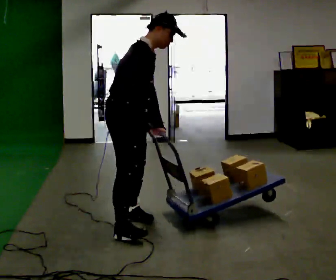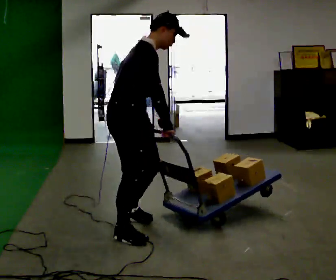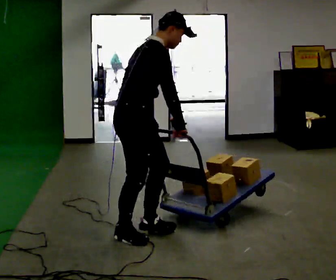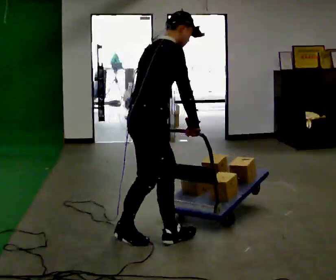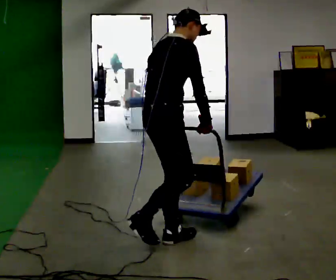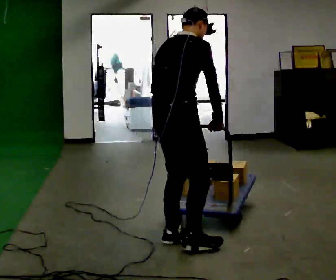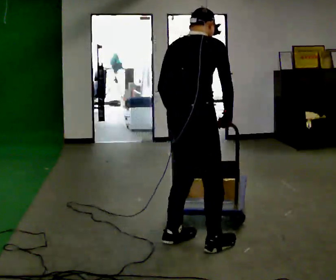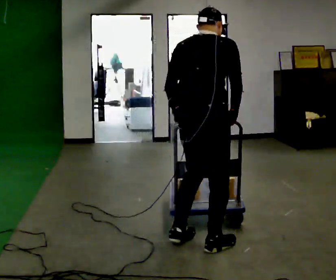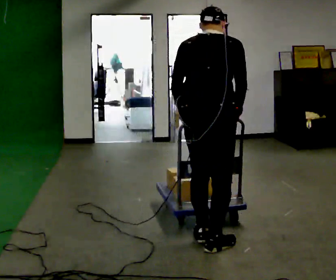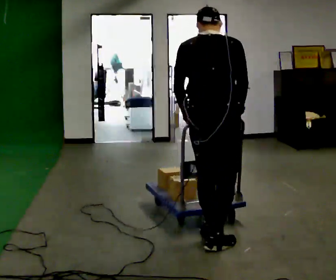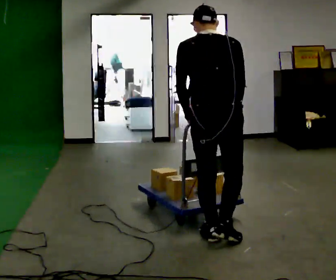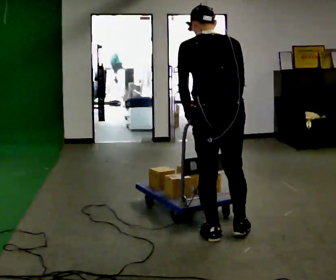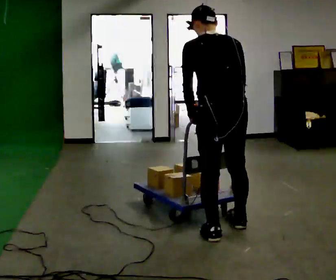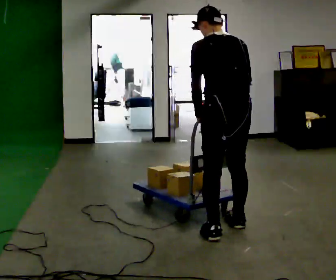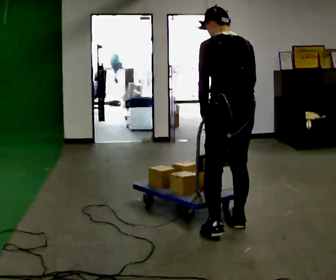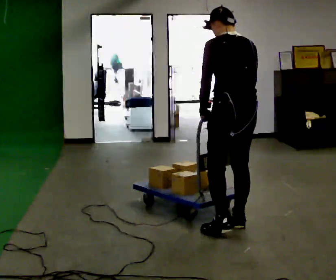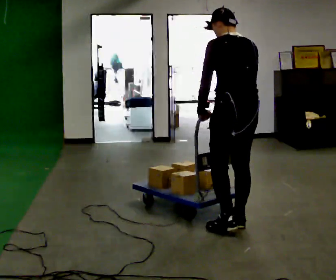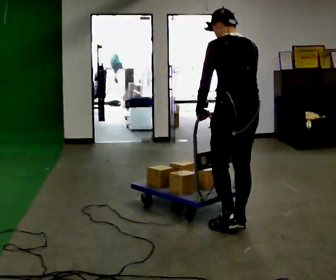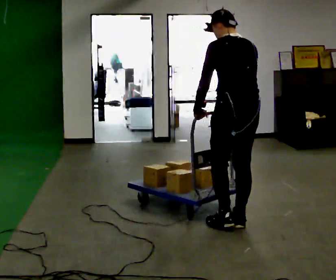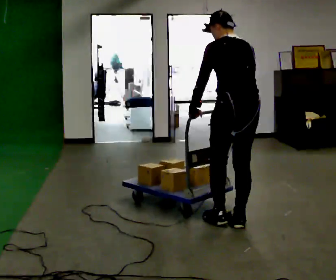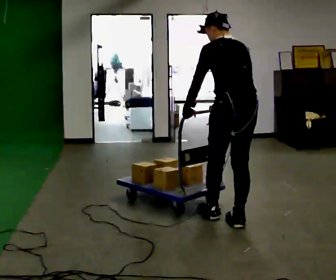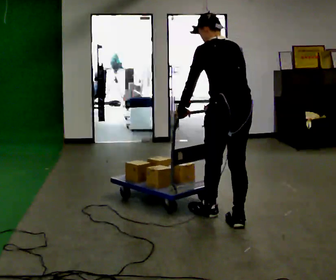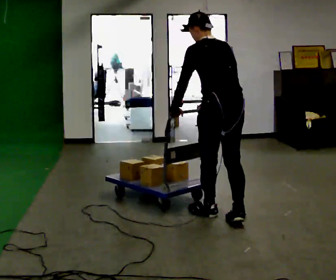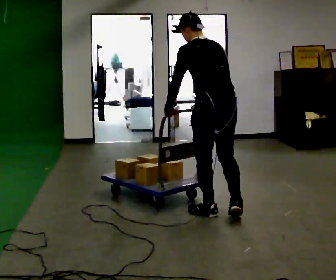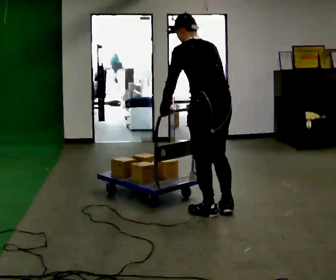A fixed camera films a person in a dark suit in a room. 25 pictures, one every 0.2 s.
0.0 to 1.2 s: The person turns about 60 degrees to their left, counterclockwise seen from above, so the part of the body nearest the lens slides to the right. In the picture they go to the right and toward the camera, about 0.75 m in 2 steps. In the picture the upper body tilts counterclockwise, shoulders to the left.
1.2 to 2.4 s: The person turns about 60 degrees to their left, counterclockwise seen from above, so the part of the body nearest the lens slides to the right. In the picture they go to the right and away from the camera, about 0.25 m in 1 step, which for them is forward and to their right.
2.4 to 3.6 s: In the picture they go away from the camera, about 0.25 m in 2 steps, which for them is to their right and forward.
3.6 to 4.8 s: In the picture they go away from the camera and to the left, about 0.25 m in 1 step, which for them is forward.
The film runs forward here.
